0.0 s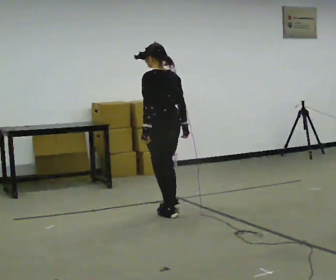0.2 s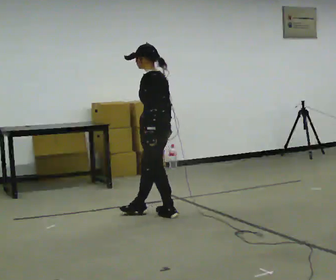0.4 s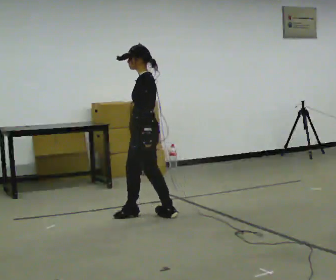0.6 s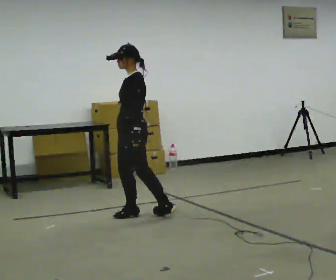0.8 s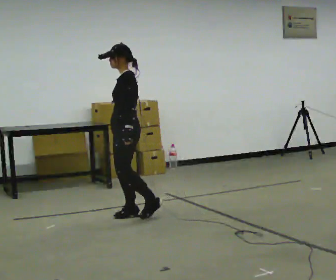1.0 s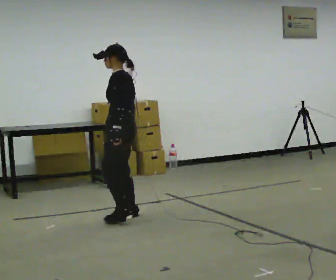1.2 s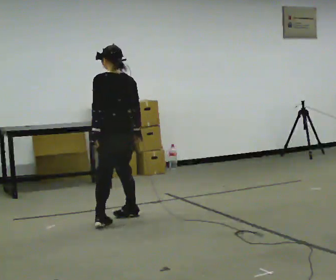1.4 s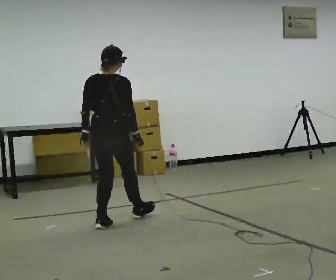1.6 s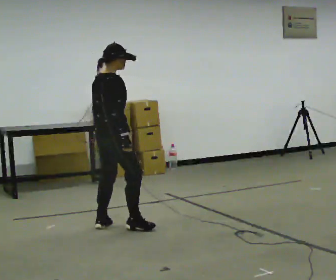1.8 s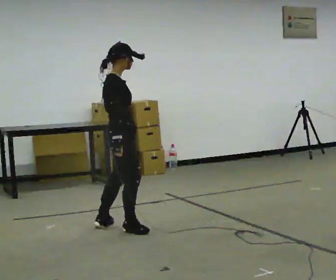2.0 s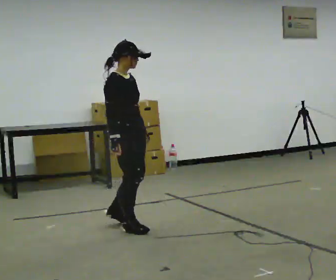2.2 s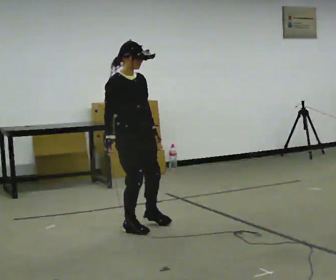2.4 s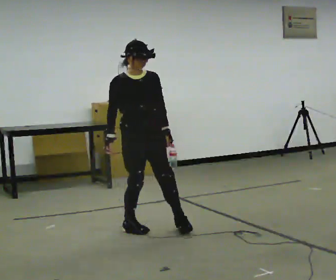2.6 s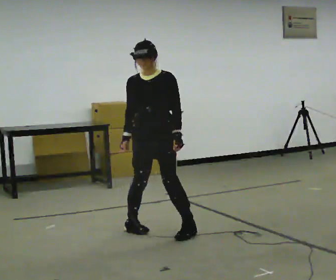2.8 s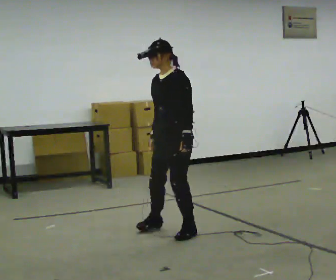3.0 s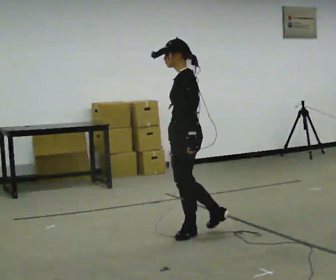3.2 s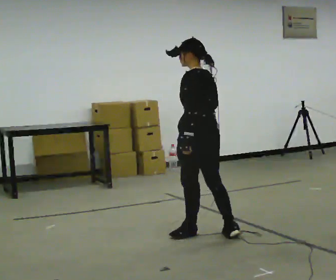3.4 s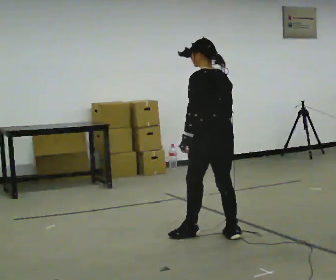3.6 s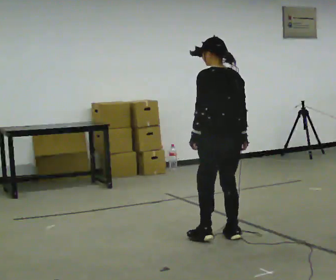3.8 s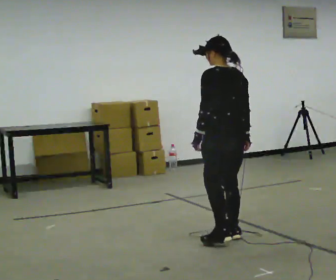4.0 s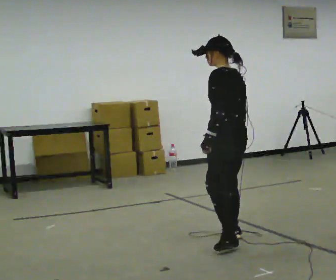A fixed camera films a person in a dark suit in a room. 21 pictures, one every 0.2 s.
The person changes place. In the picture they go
toward the camera.
The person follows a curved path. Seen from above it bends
counterclockwise.
0.0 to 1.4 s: The part of the body nearest the lens slides to the left as the person turns to their right by about 60 degrees. In the picture they go to the left and toward the camera, about 0.5 m in 2 steps.
1.4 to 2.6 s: The person turns about 180 degrees to their right, clockwise seen from above, so the part of the body nearest the lens slides to the left. In the picture they go to the right and toward the camera, about 0.5 m in 2 steps.
2.6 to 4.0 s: Seen from above the body turns clockwise, about 105 degrees: to their right, with its near side sliding to the left. In the picture they go to the right and toward the camera, about 0.75 m in 2 steps.
The film runs forward here.
